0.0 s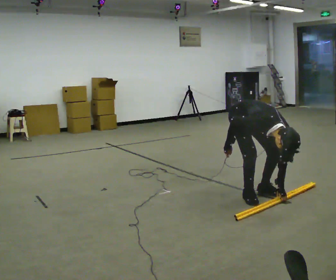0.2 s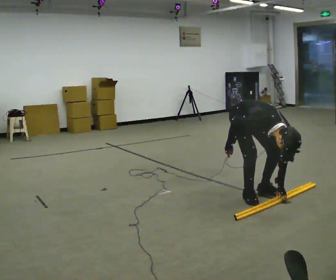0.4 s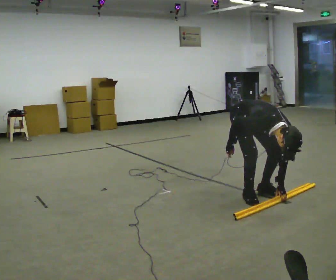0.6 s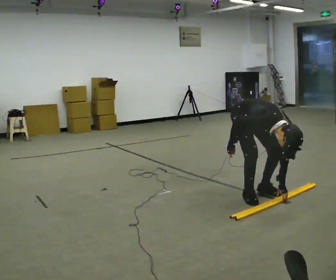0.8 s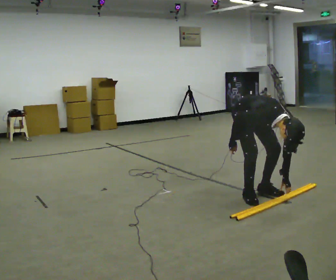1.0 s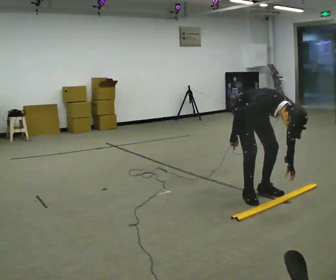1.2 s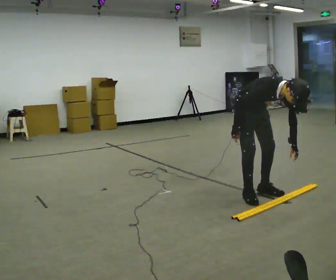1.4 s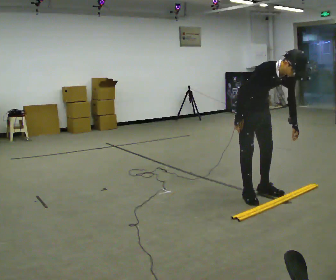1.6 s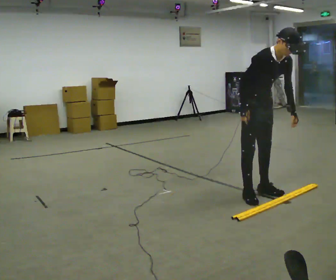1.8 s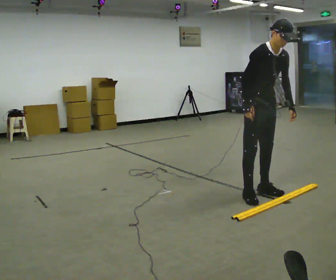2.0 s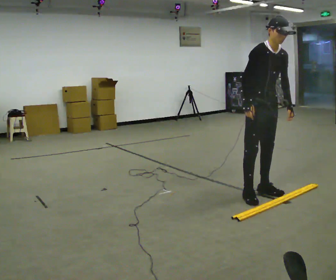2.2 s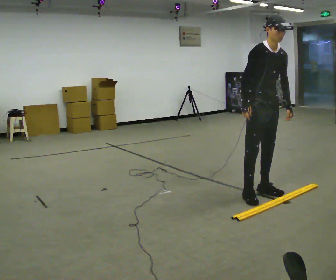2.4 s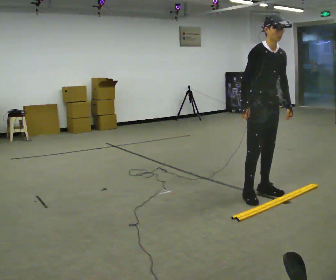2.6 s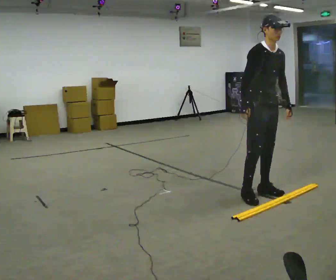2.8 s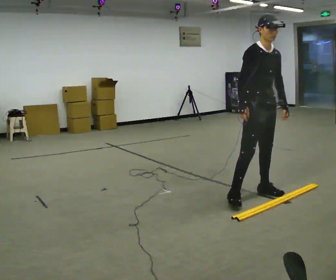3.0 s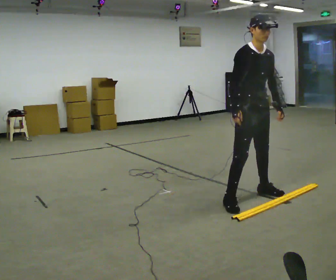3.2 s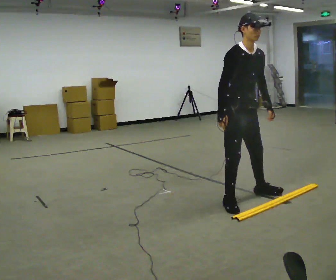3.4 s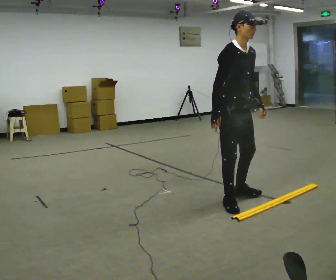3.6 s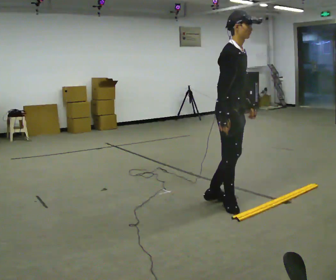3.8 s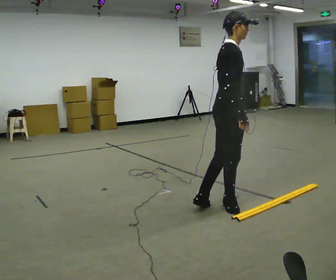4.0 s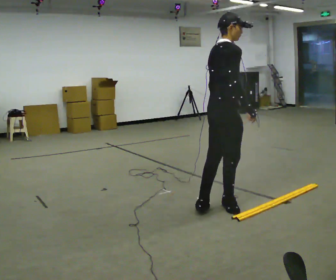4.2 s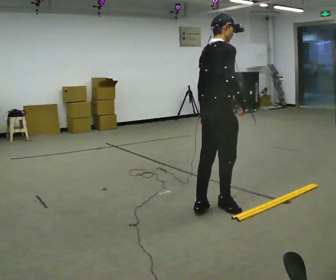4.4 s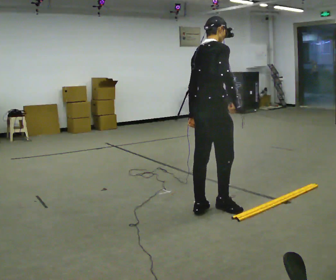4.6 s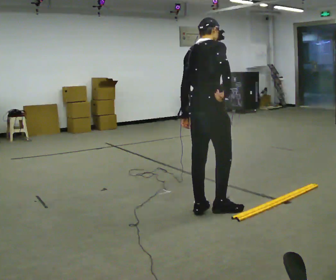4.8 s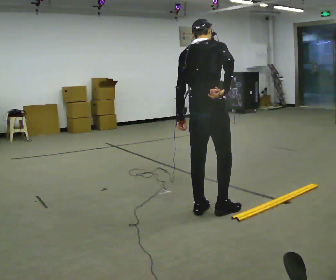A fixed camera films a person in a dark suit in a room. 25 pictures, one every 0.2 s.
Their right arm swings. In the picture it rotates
counterclockwise.
The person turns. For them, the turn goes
to their left.
0.0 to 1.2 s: The upper body goes upward. The upper body tips away from the camera, its near side rolling upward, as they lean back or straighten.
1.2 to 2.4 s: The upper body goes upward. The upper body tips away from the camera, its near side rolling upward, as they lean back or straighten.
2.4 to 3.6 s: Seen from above the body turns counterclockwise, about 45 degrees: to their left, with its near side sliding to the right. In the picture they go toward the camera and to the left, about 0.5 m in 1 step, which for them is to their right.
3.6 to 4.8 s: Seen from above the body turns counterclockwise, about 75 degrees: to their left, with its near side sliding to the right. In the picture they go toward the camera and to the left, about 0.25 m in 1 step. In the picture their left hand goes to the left.
The film runs forward here.
